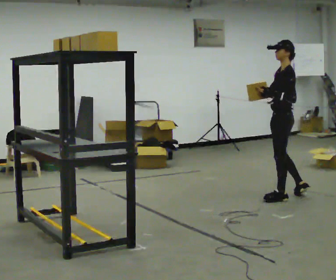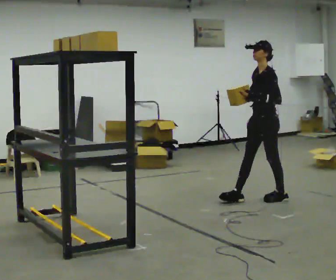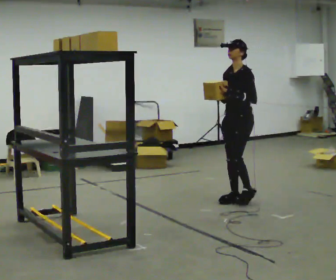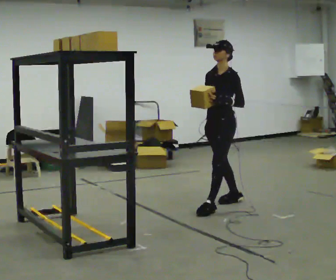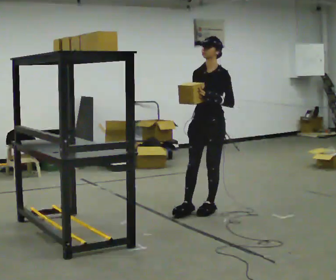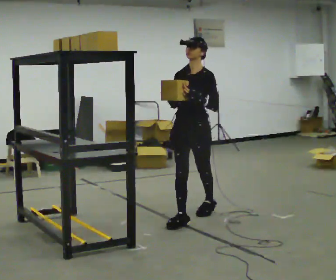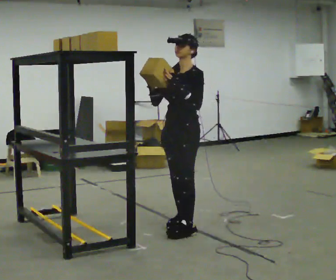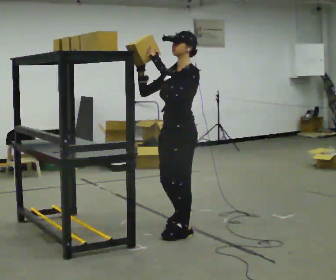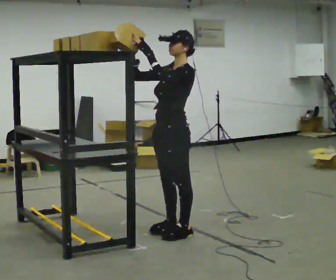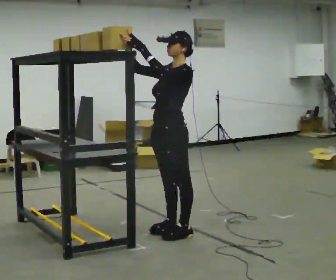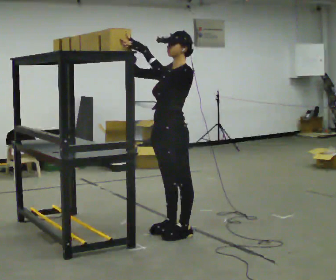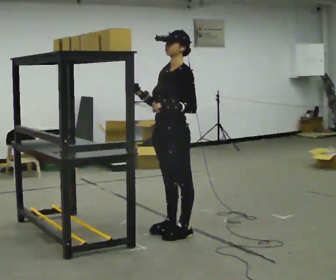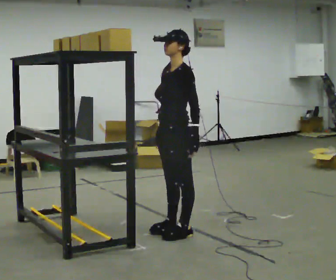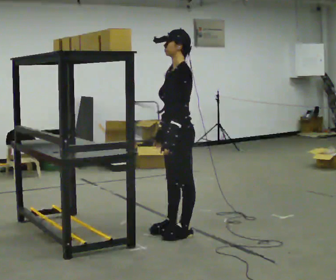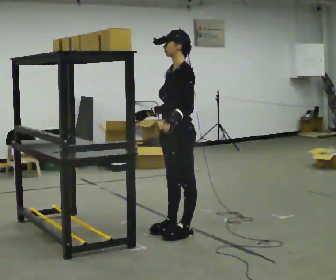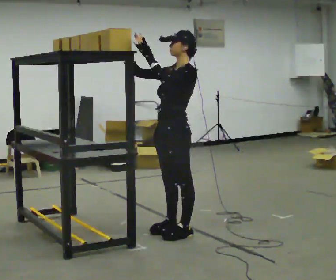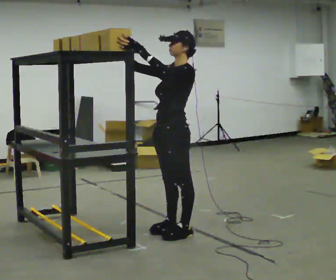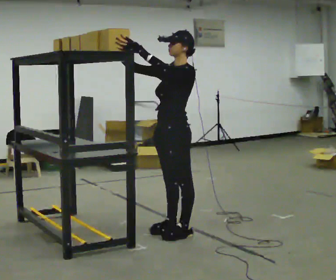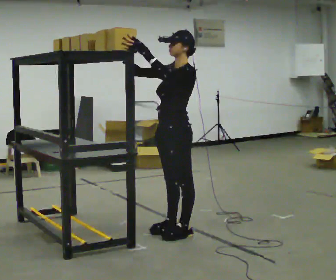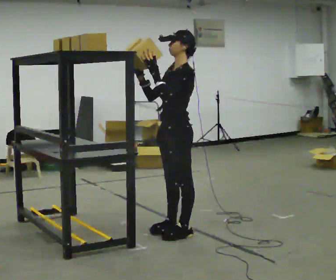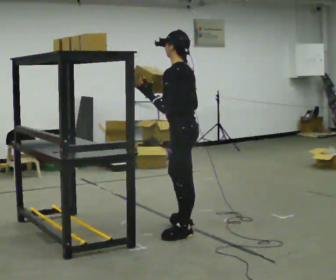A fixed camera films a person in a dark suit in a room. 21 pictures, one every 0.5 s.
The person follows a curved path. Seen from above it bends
counterclockwise.
0.0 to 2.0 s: The person turns about 60 degrees to their left, counterclockwise seen from above, so the part of the body nearest the lens slides to the right. In the picture they go to the left and toward the camera, about 1 m in 2 steps.
2.0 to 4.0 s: In the picture they go toward the camera and to the left, about 1 m in 3 steps, which for them is forward and to their left. In the picture their left hand goes upward.
4.0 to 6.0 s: In the picture their right hand goes downward, the arm swinging counterclockwise.
6.0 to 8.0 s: In the picture their right hand goes upward and to the left, the arm swinging clockwise.
8.0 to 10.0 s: The person turns about 45 degrees to their right, clockwise seen from above, so the part of the body nearest the lens slides to the left. In the picture their right hand goes to the right and downward.
The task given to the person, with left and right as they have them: Pick an object up off the floor, carry it across the room, and place it on the highest shelf you can comfortably reach. Keep going until the operator says stop; one object at a time, and do not rush between trips.
The film runs forward here.
